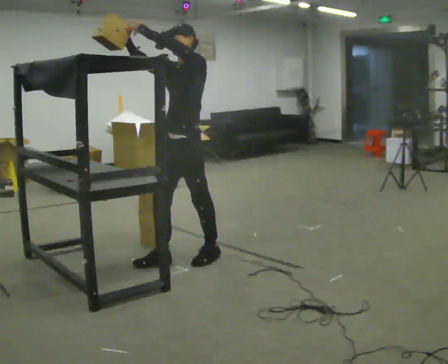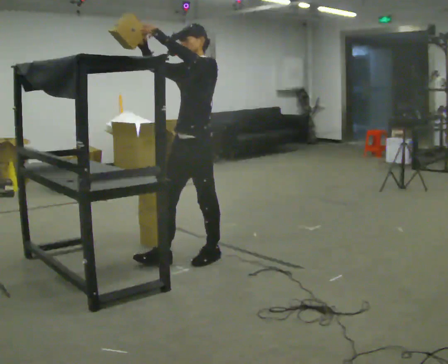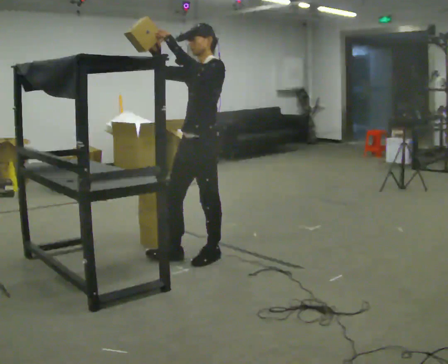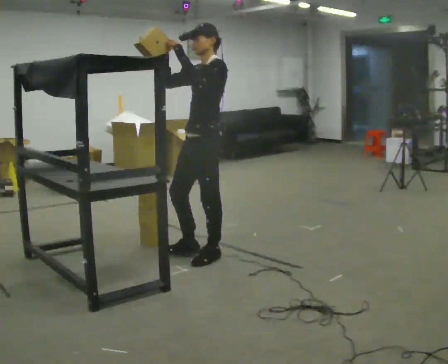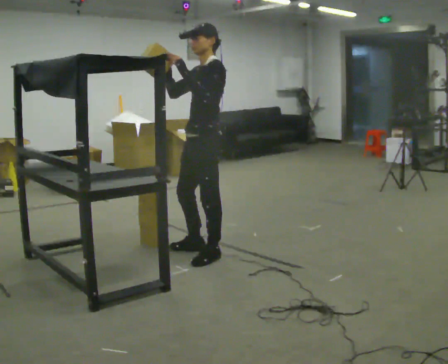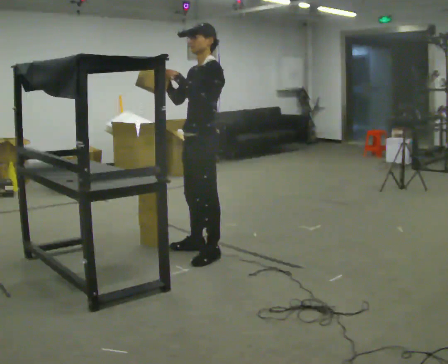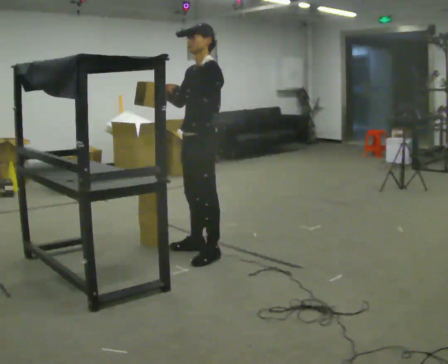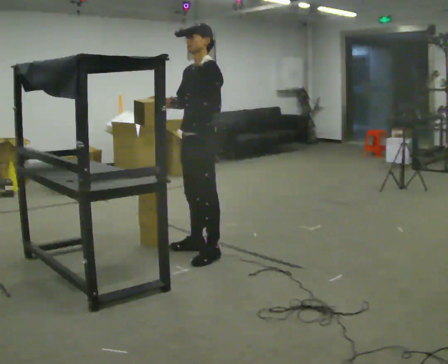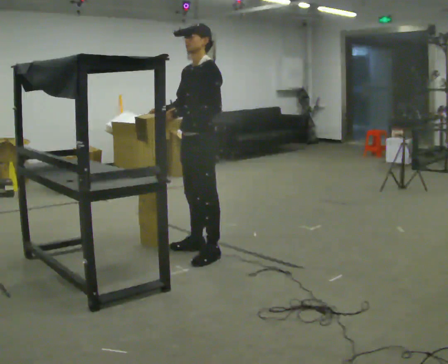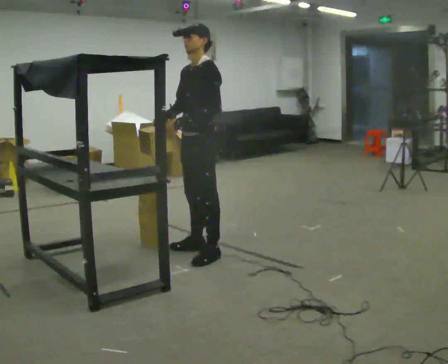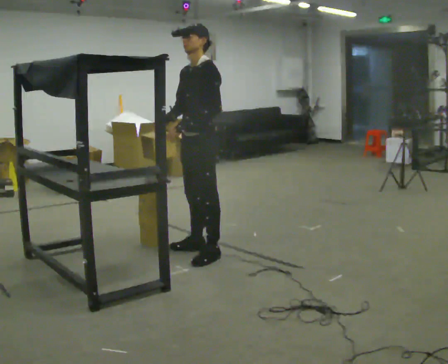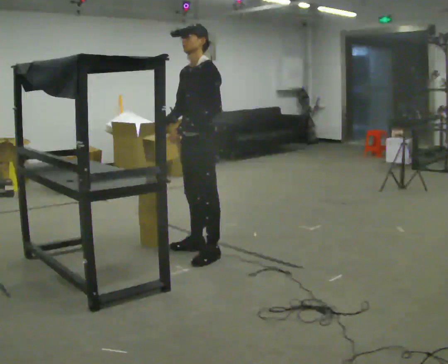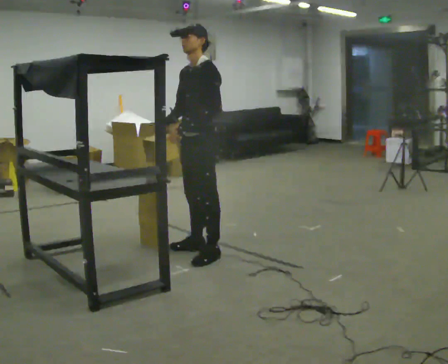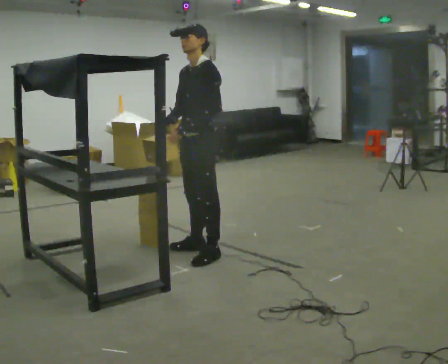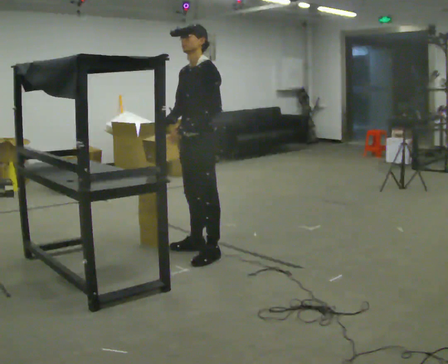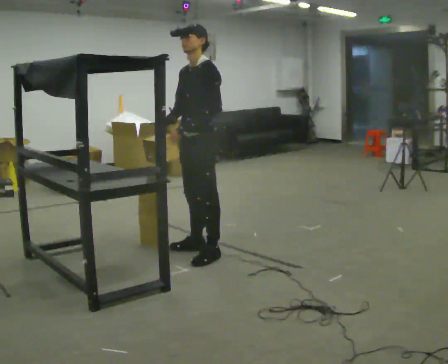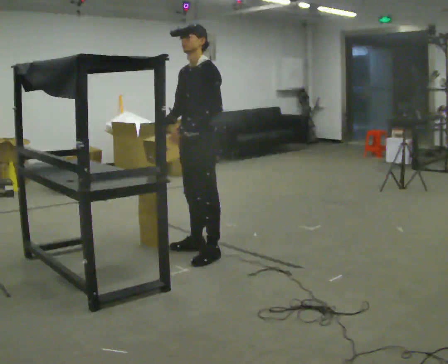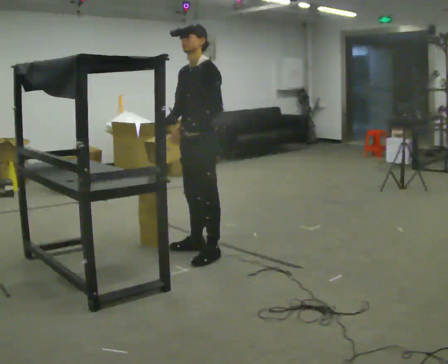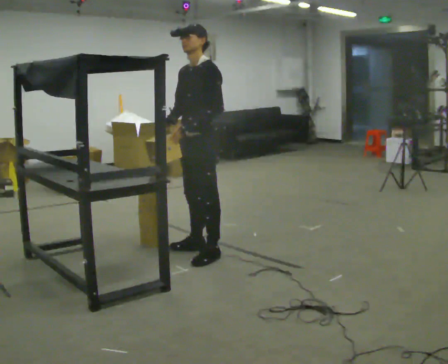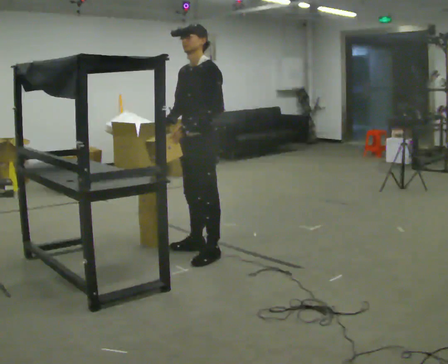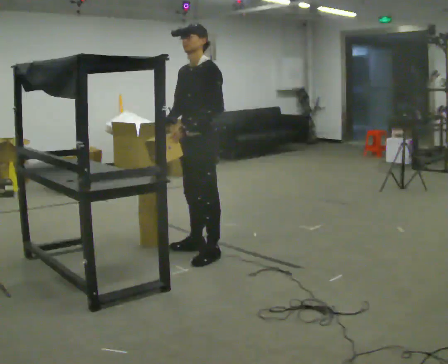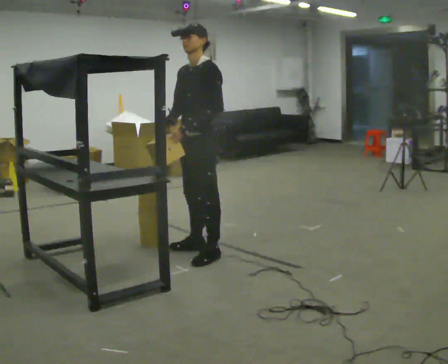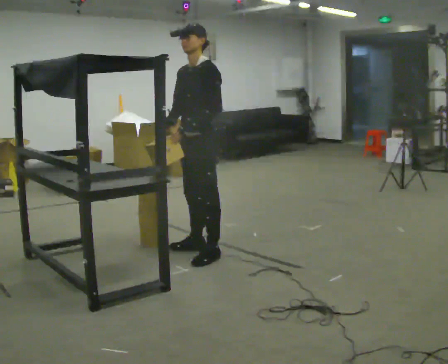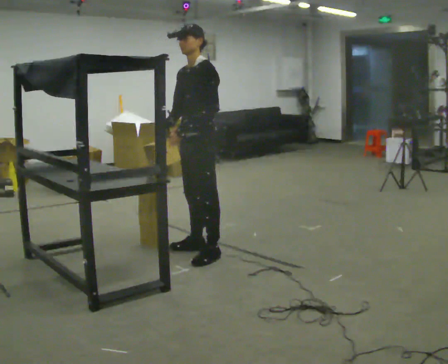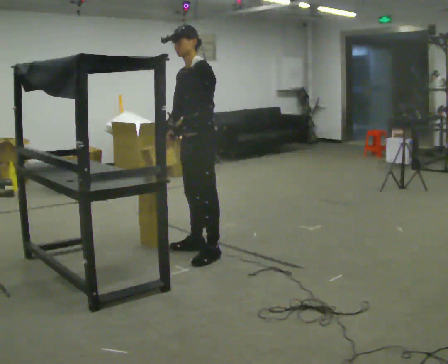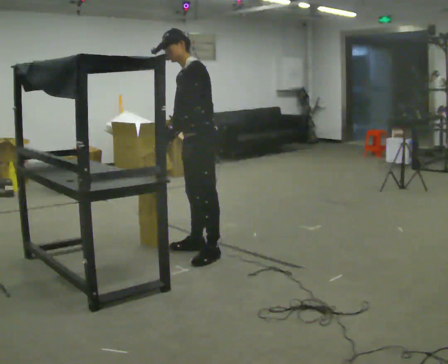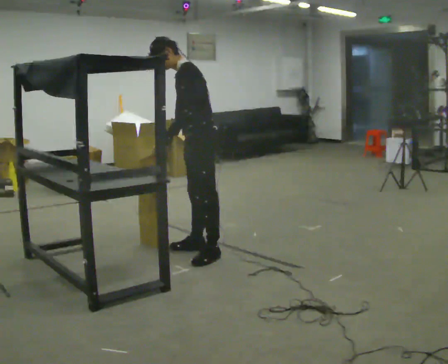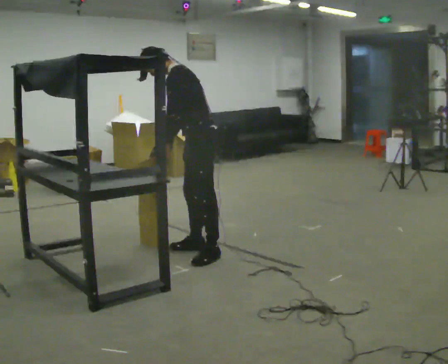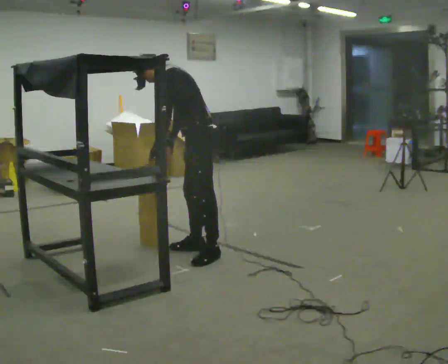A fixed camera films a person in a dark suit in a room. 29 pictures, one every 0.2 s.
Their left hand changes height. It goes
downward.
Their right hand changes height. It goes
downward.
0.0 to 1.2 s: In the picture they go to the right, about 0.25 m in 1 step, which for them is backward. In the picture their left hand goes downward.
1.2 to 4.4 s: The person moves a little, or ends about where they began.
4.4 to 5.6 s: The part of the body nearest the lens slides to the left as the person turns to their right by about 30 degrees. In the picture the upper body tilts counterclockwise, shoulders to the left, as they bend forward.
The film runs backward here.
